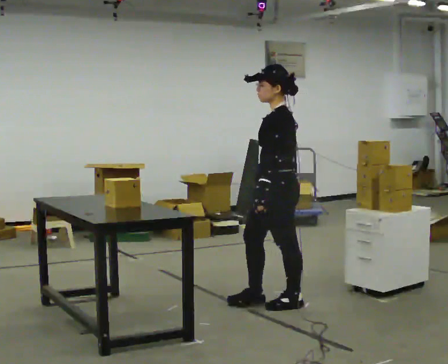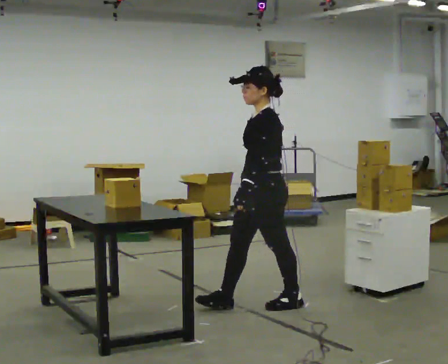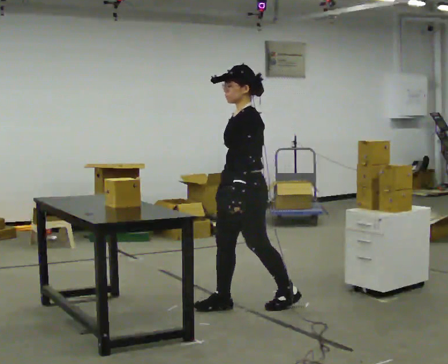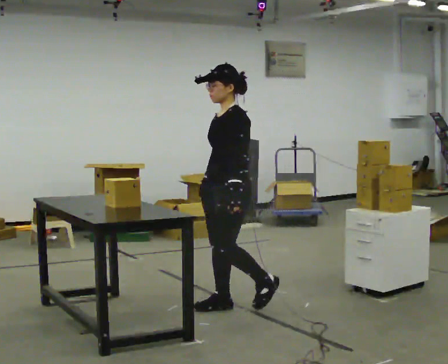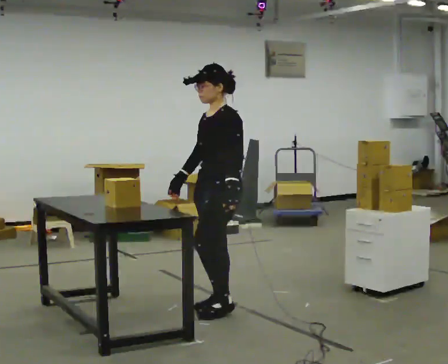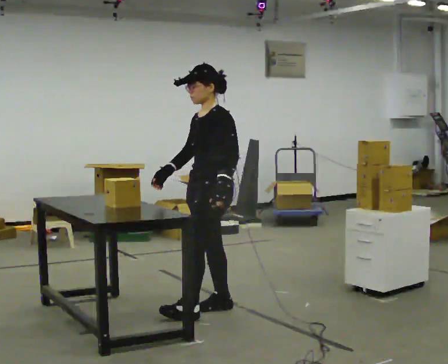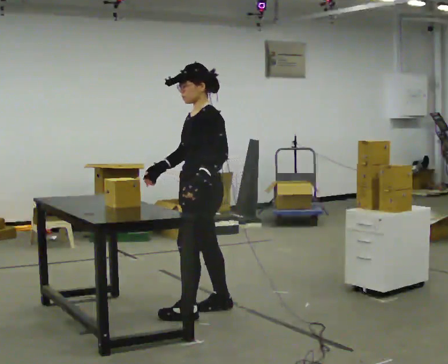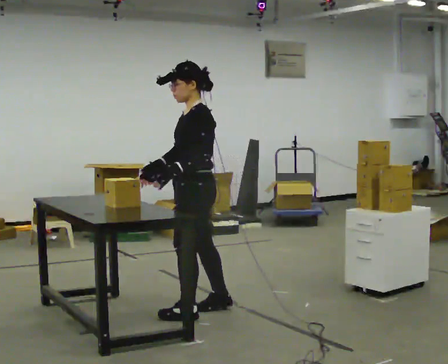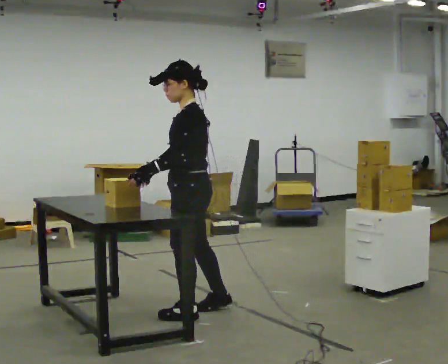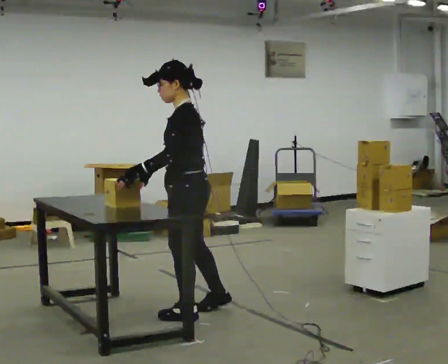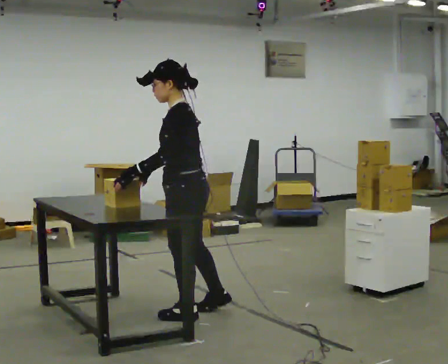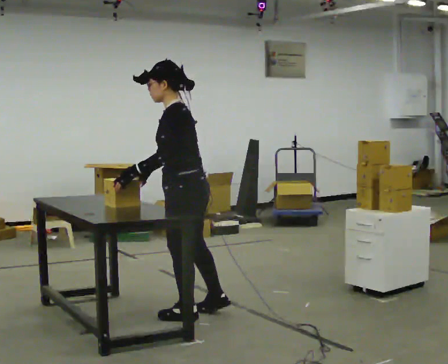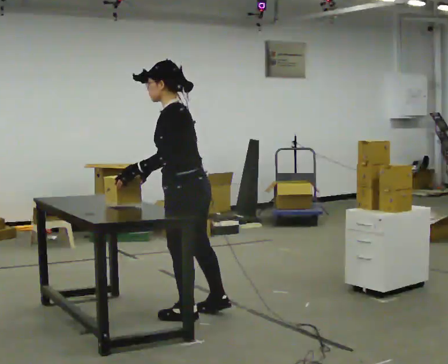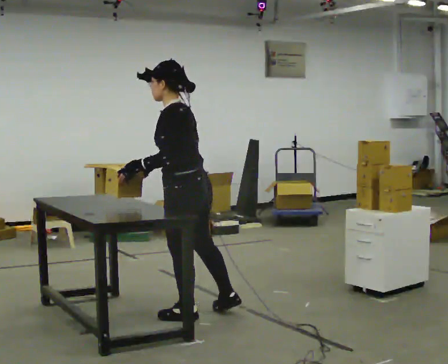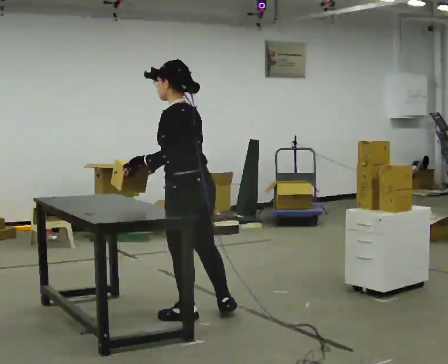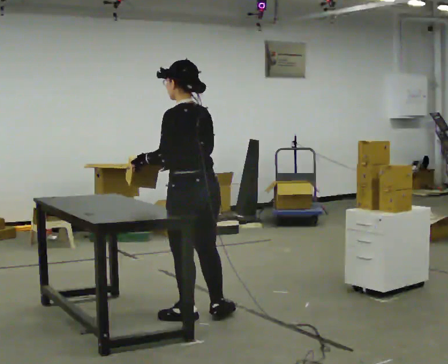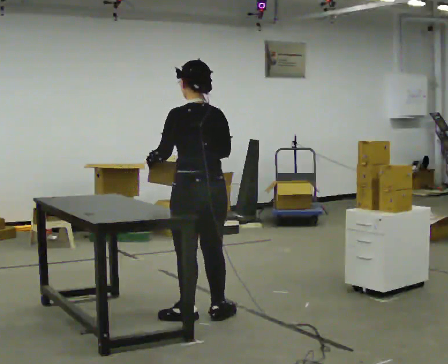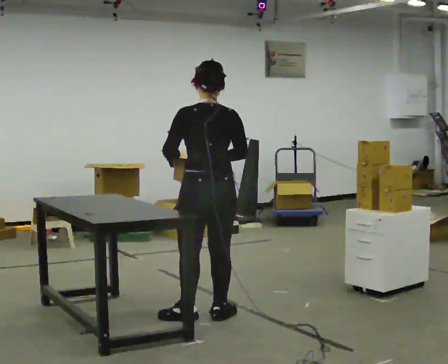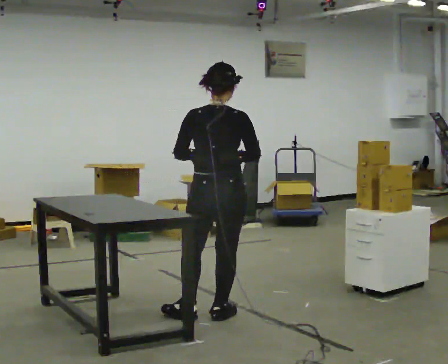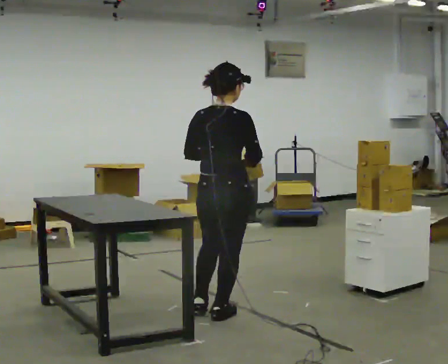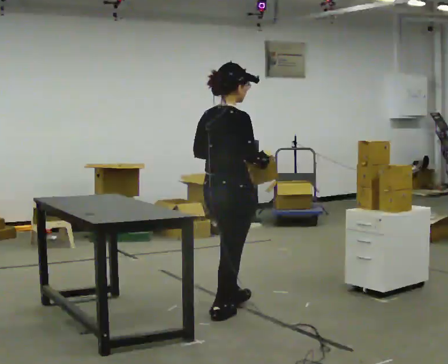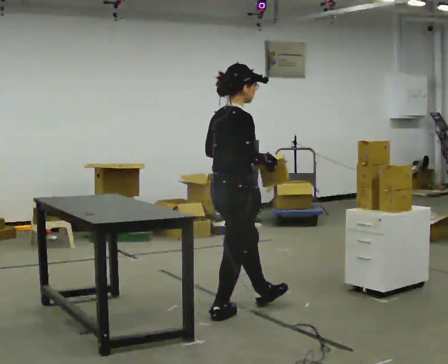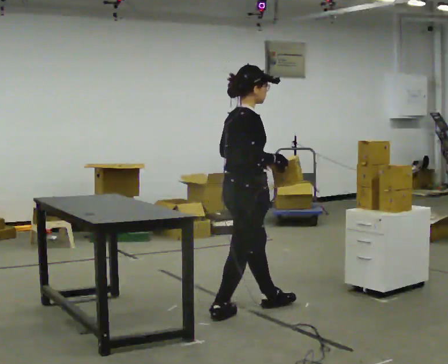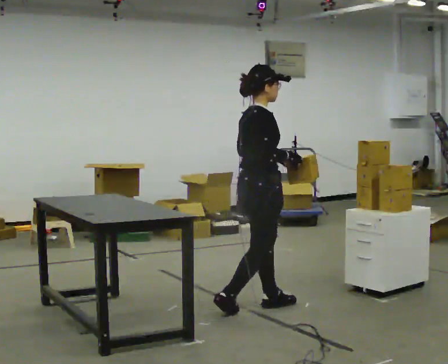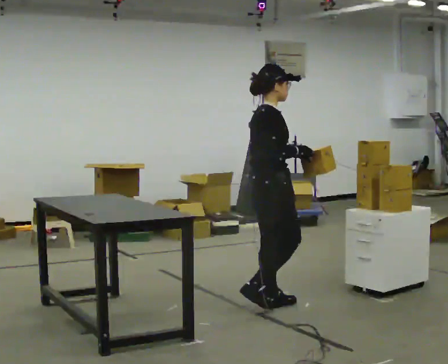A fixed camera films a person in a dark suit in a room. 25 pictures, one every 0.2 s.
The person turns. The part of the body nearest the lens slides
to the left.
The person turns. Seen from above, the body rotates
clockwise.
0.0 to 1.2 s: In the picture they go to the left, about 0.5 m in 2 steps, which for them is forward.
1.2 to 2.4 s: Seen from above the body turns clockwise, about 30 degrees: to their right, with its near side sliding to the left. In the picture their left hand goes to the left.
2.4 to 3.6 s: The part of the body nearest the lens slides to the left as the person turns to their right by about 75 degrees. In the picture they go to the right, about 0.25 m. In the picture their left hand goes to the right.
3.6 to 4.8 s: Seen from above the body turns clockwise, about 75 degrees: to their right, with its near side sliding to the left. In the picture they go to the right and away from the camera, about 0.5 m in 1 step.
The film runs forward here.
